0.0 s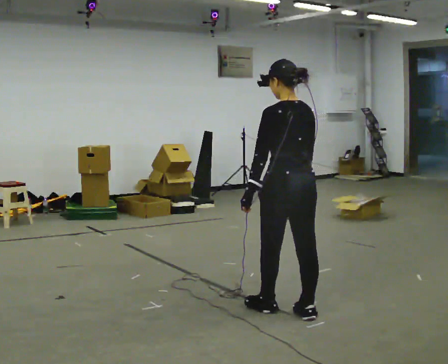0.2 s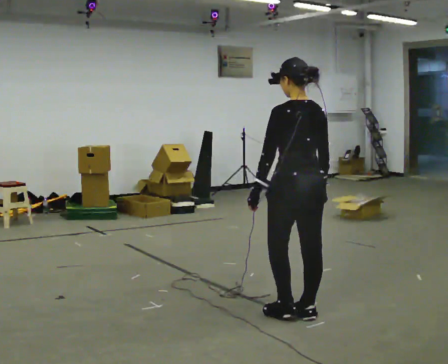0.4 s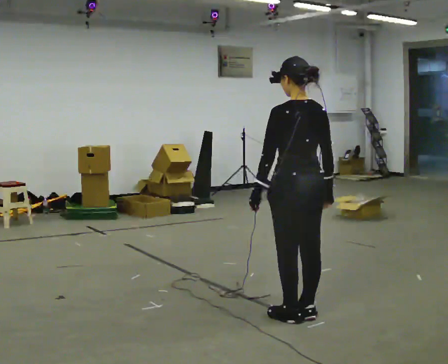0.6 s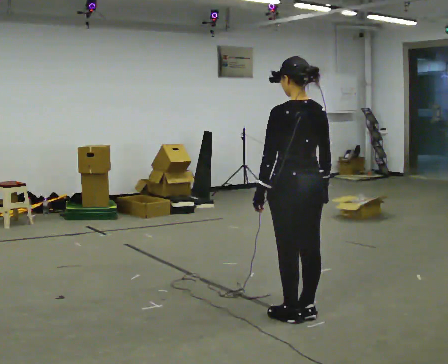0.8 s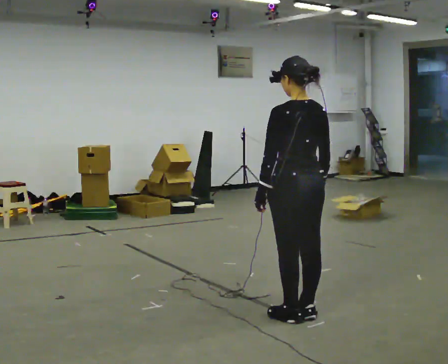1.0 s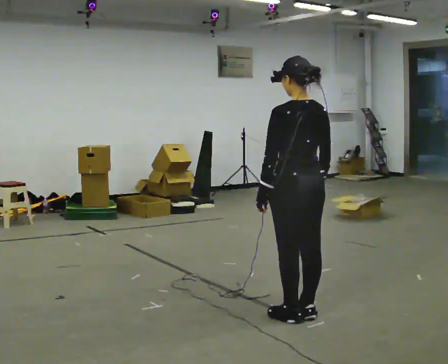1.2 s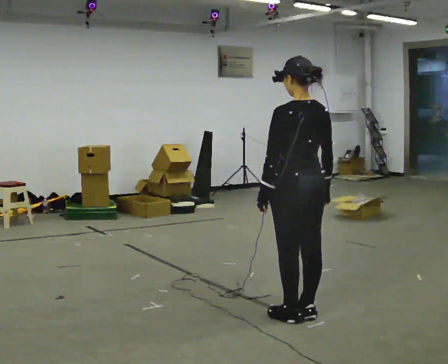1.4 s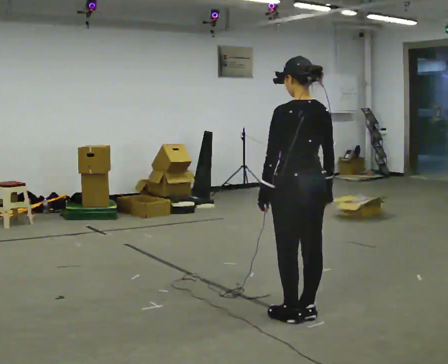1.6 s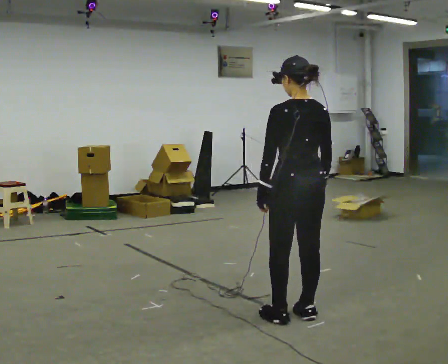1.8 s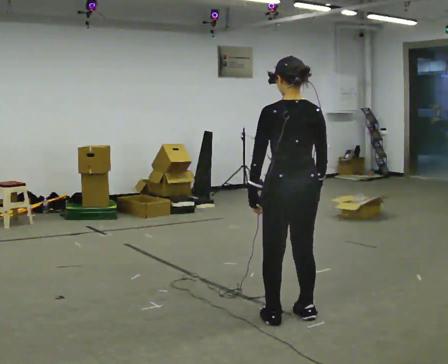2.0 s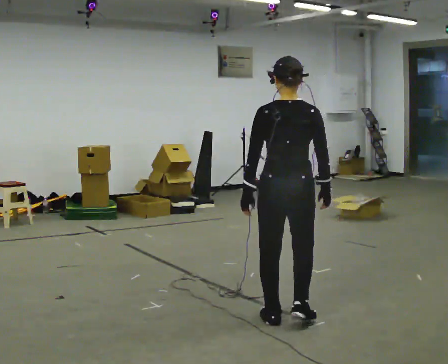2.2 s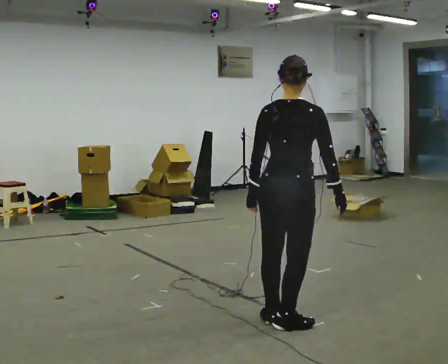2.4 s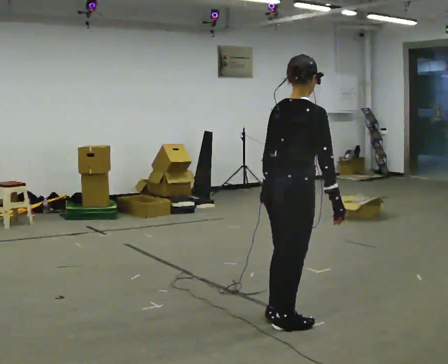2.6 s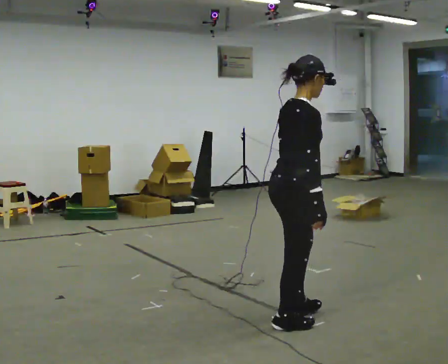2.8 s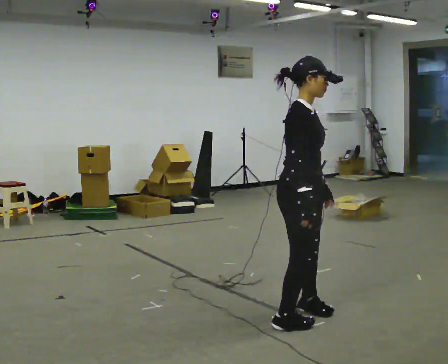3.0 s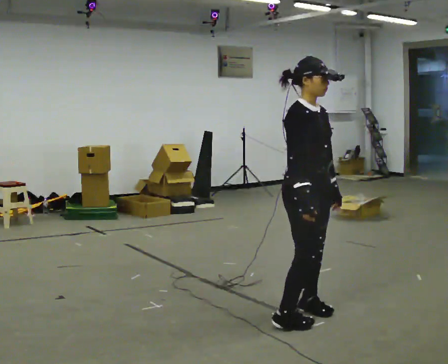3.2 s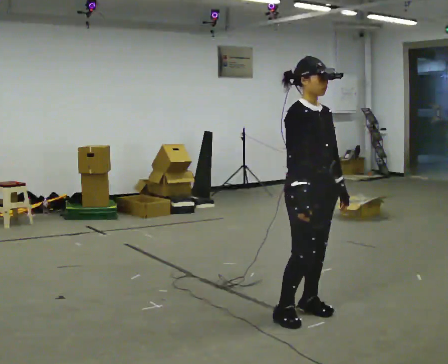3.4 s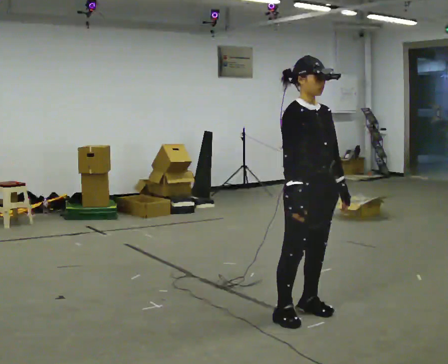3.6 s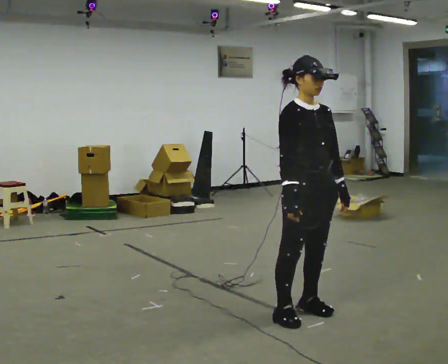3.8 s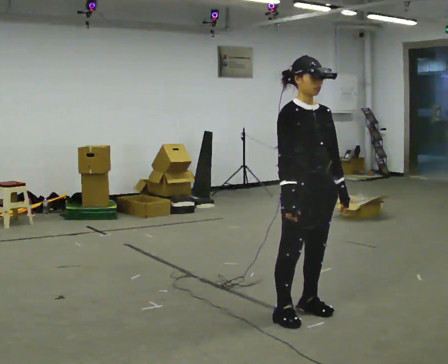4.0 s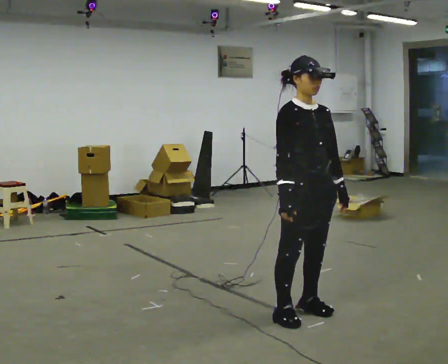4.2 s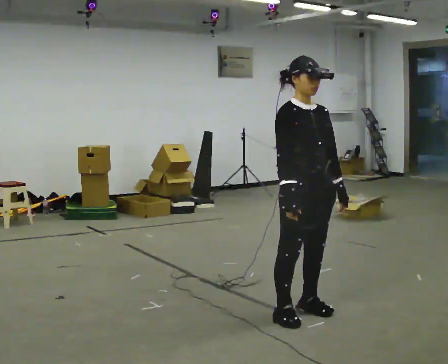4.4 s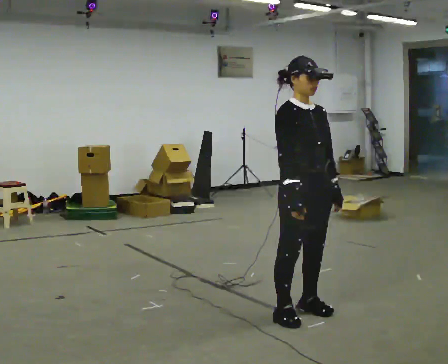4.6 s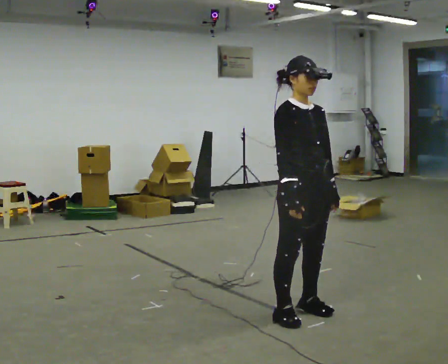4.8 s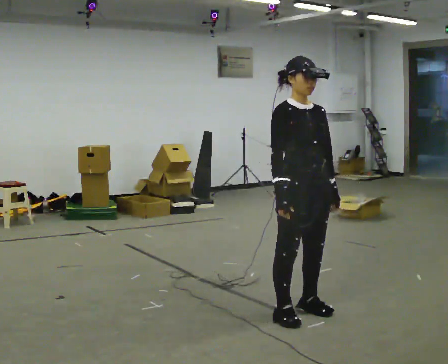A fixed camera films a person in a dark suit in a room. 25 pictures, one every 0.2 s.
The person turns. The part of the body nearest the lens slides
to the left.
The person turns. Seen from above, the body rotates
clockwise.
0.0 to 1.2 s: The person moves a little, or ends about where they began.
1.2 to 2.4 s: The part of the body nearest the lens slides to the left as the person turns to their right by about 75 degrees. In the picture they go toward the camera, about 0.25 m in 1 step.
2.4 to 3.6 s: Seen from above the body turns clockwise, about 105 degrees: to their right, with its near side sliding to the left. In the picture they go away from the camera, about 0.25 m in 2 steps. In the picture their left hand goes to the right, the arm swinging counterclockwise.
3.6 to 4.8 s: The person moves a little, or ends about where they began.
The film runs backward here.
